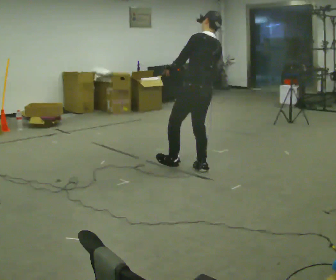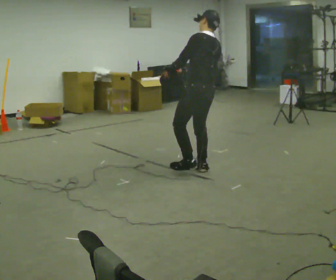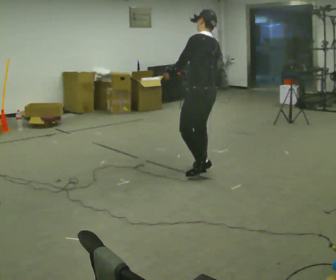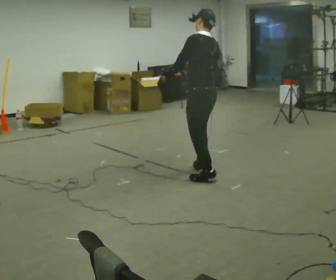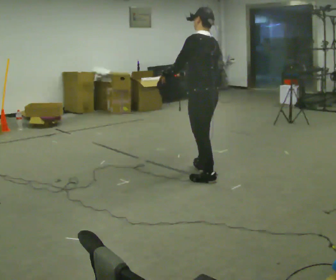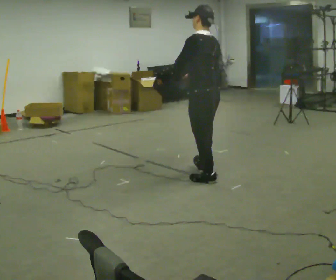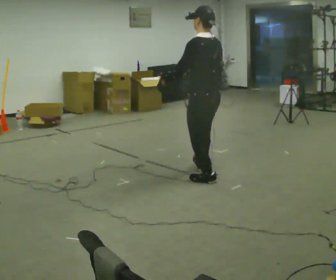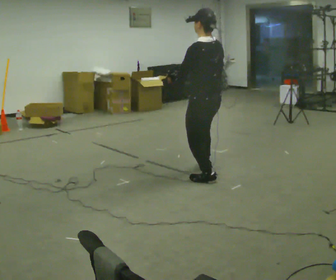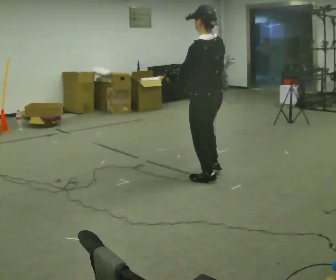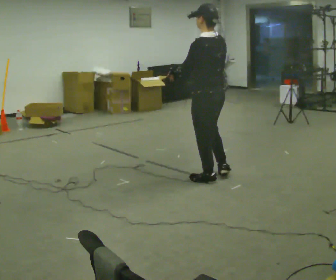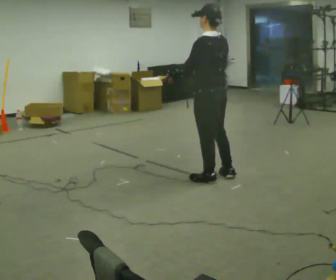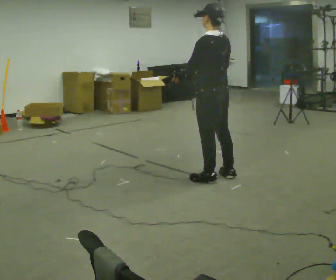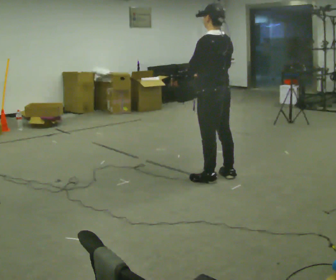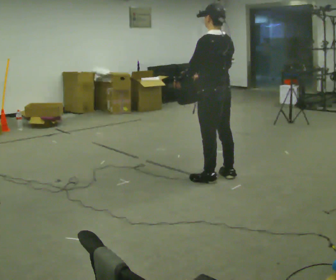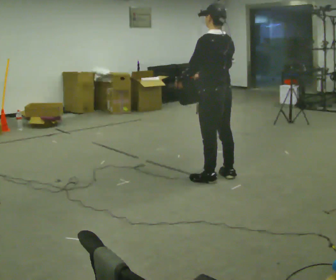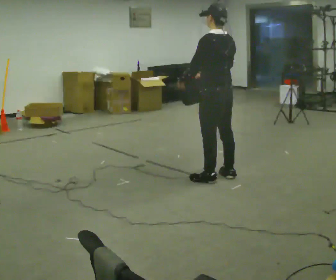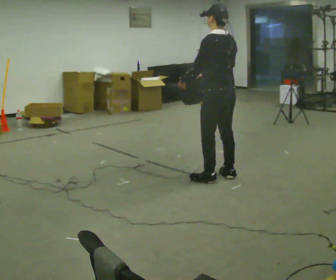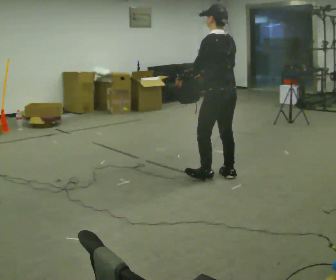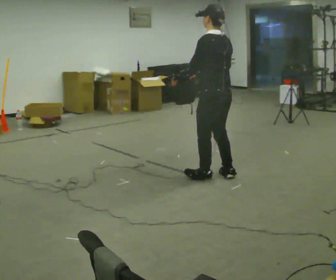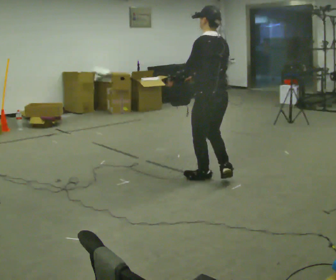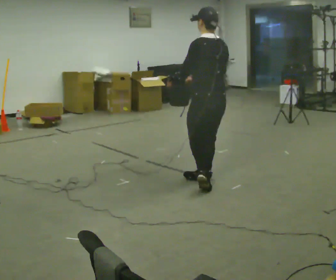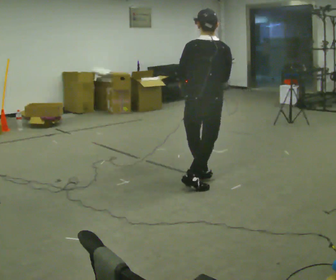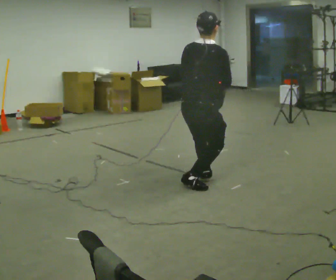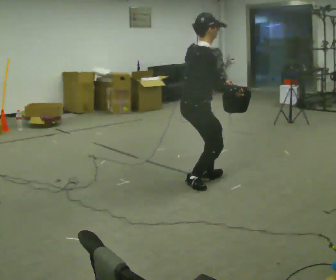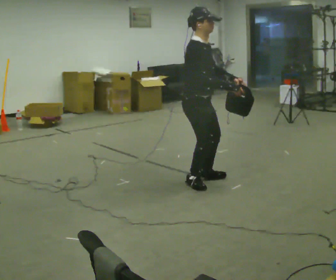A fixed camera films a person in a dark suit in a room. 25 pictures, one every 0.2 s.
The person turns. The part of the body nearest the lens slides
to the left.
The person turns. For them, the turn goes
to their right.
0.0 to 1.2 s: In the picture they go toward the camera and to the right, about 0.25 m in 1 step, which for them is backward and to their left. The upper body tips toward the camera, its near side rolling downward.
1.2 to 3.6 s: The person moves a little, or ends about where they began.
3.6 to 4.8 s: The part of the body nearest the lens slides to the left as the person turns to their right by about 150 degrees. In the picture they go to the left, about 0.25 m in 1 step. In the picture their left hand goes to the right.
The film runs backward here.
